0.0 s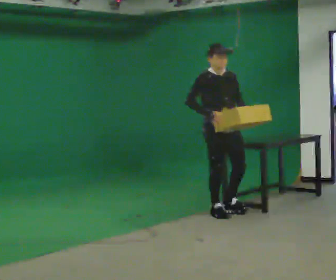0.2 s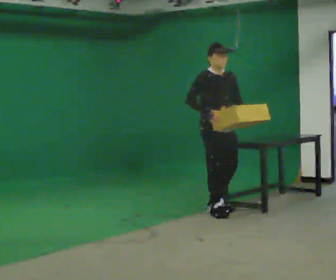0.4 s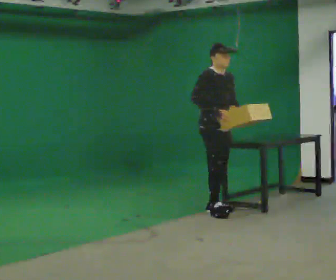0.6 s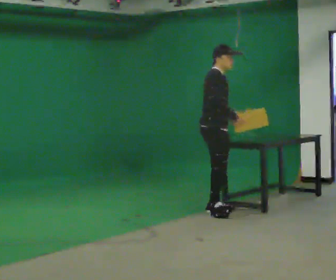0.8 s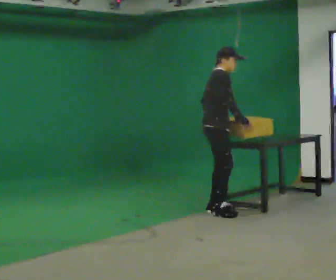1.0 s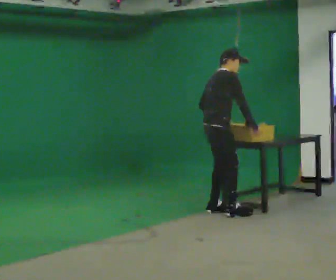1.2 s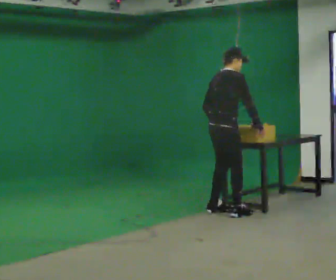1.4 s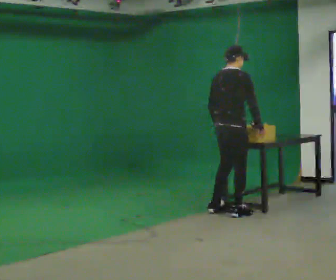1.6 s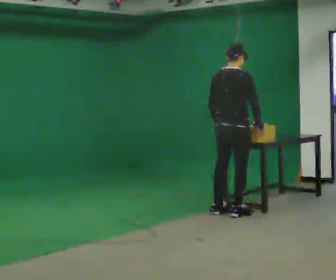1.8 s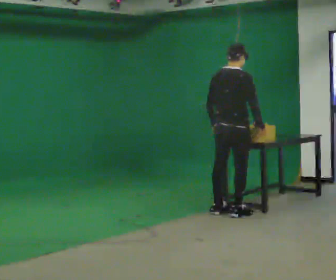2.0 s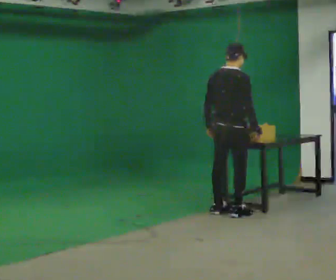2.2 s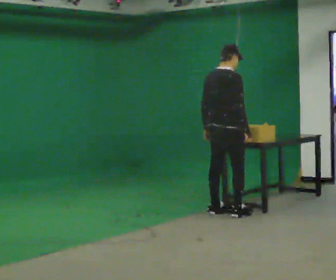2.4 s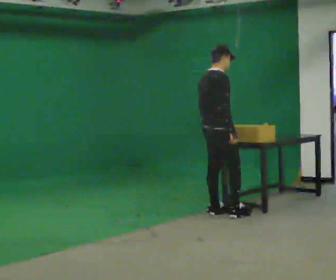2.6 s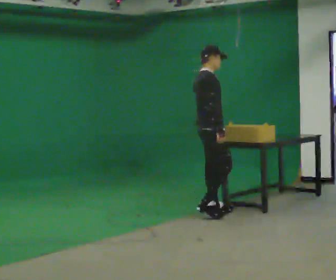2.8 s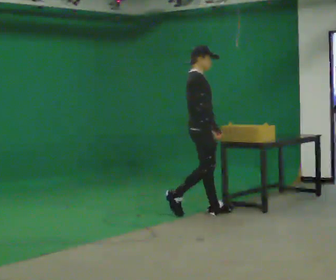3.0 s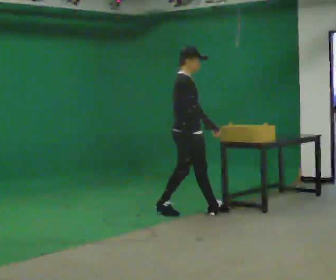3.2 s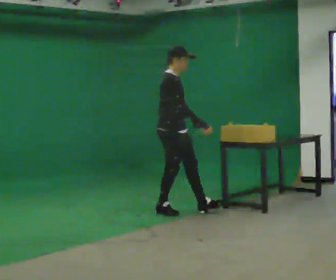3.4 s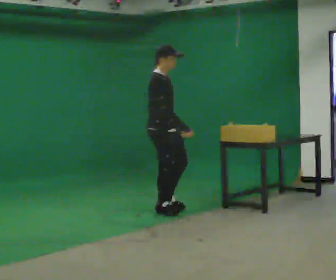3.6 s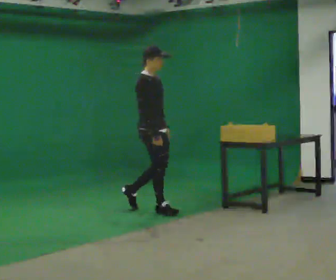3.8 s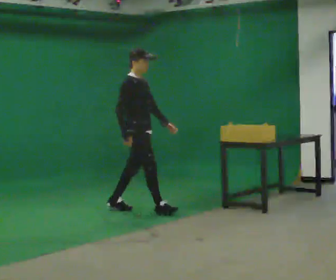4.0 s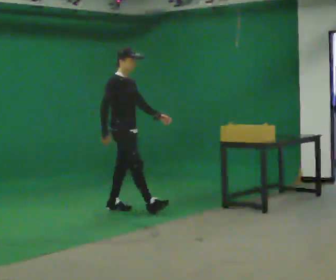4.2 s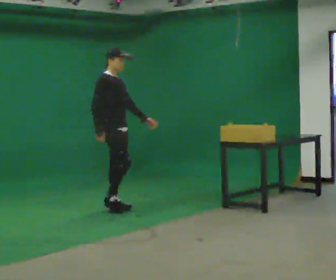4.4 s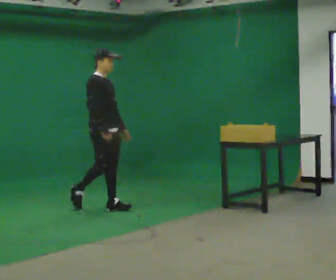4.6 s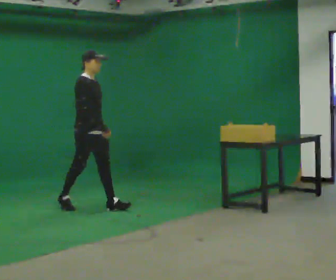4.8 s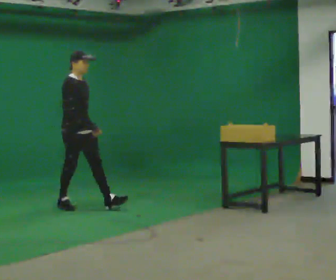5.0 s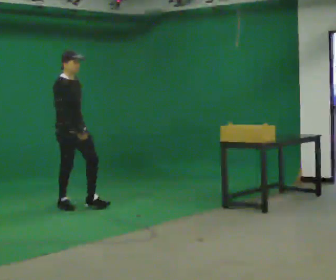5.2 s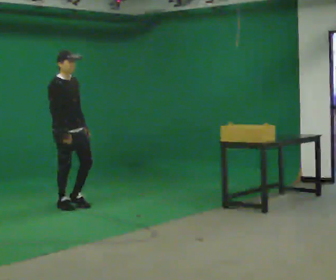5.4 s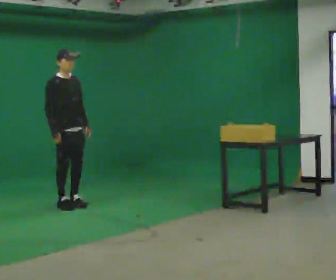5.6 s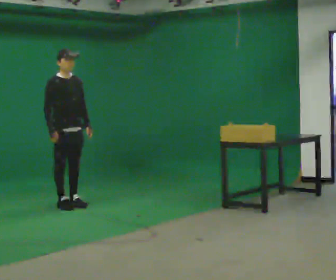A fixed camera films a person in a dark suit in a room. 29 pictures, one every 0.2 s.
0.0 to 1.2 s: Seen from above the body turns counterclockwise, about 90 degrees: to their left, with its near side sliding to the right. The upper body tips away from the camera, its near side rolling upward, as they bend forward. In the picture their left hand goes to the left, the arm swinging clockwise.
1.2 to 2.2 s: The person moves a little, or ends about where they began.
2.2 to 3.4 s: The part of the body nearest the lens slides to the left as the person turns to their right by about 60 degrees. In the picture they go to the left, about 0.75 m in 2 steps, which for them is backward.
3.4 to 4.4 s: In the picture they go to the left, about 0.75 m in 1 step, which for them is backward.
4.4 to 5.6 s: In the picture they go to the left, about 0.5 m in 1 step, which for them is backward.
The film runs backward here.
